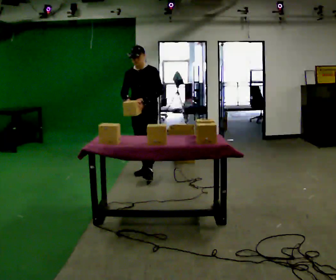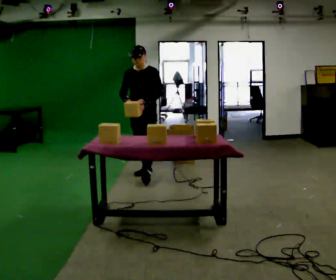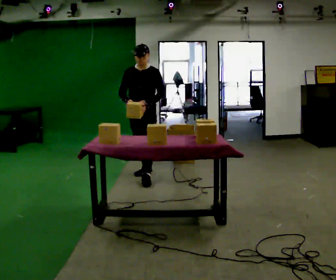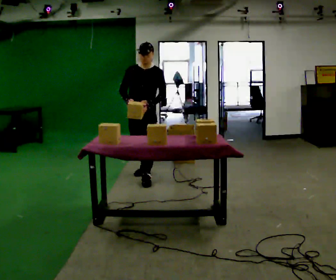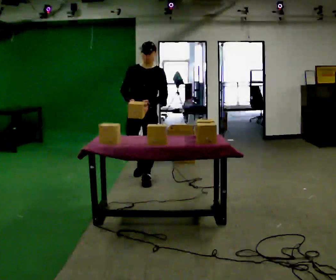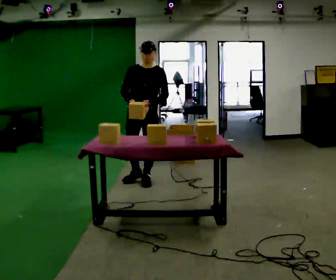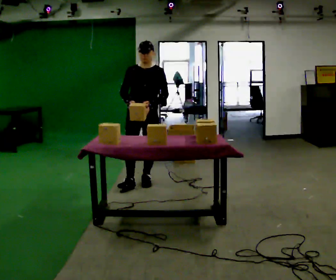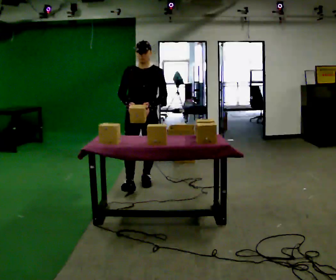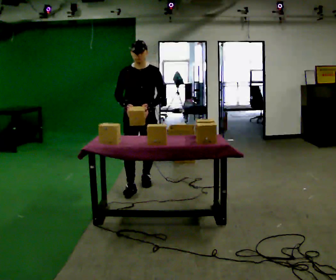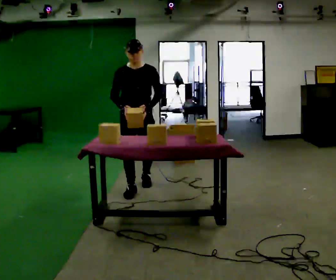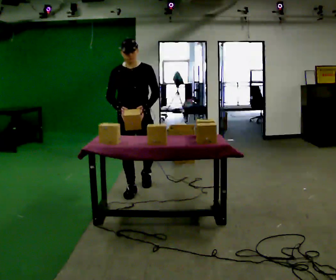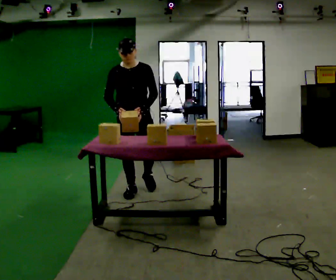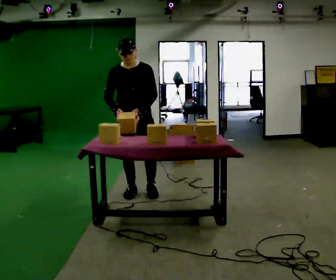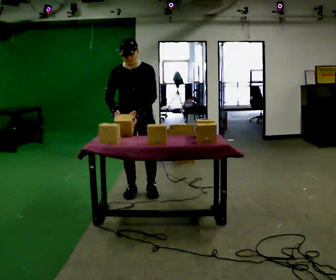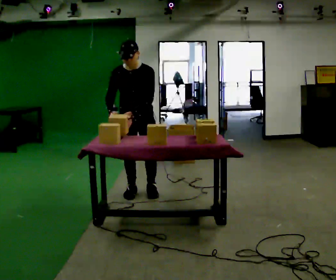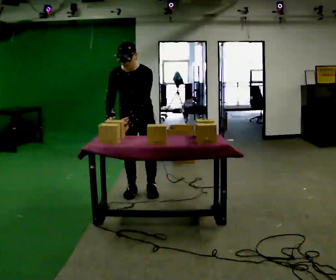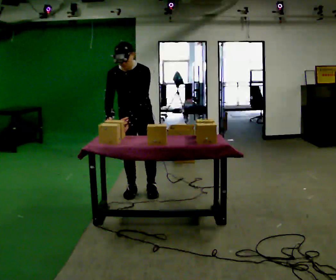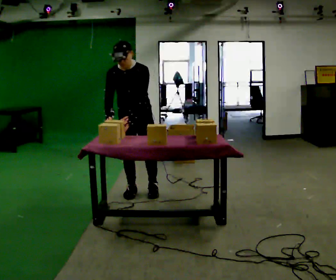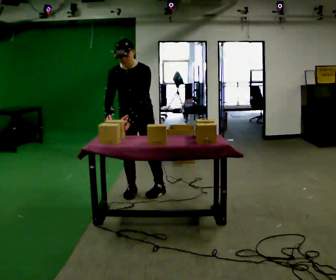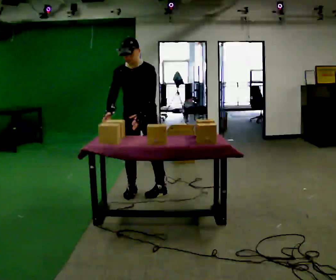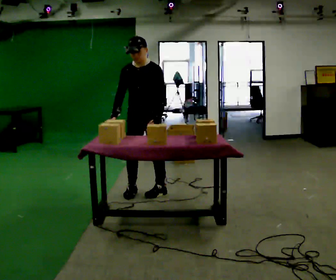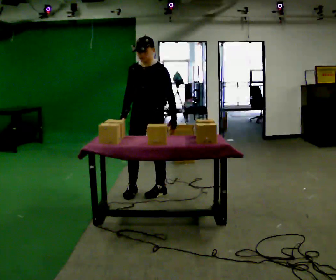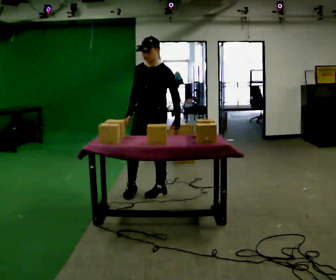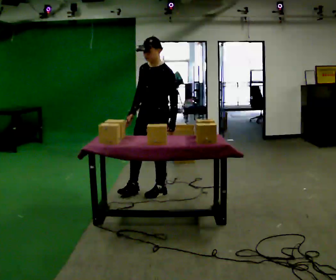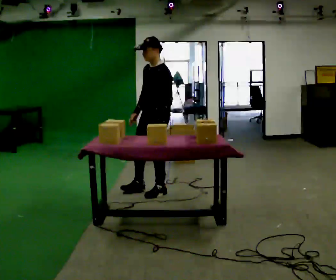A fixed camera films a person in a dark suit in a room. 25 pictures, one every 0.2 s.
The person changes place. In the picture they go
toward the camera.
0.0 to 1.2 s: In the picture they go toward the camera, about 0.5 m in 1 step, which for them is forward.
1.2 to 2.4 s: In the picture they go toward the camera, about 0.5 m in 2 steps, which for them is forward and to their right.
2.4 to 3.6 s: The person moves a little, or ends about where they began.
3.6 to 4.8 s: Seen from above the body turns clockwise, about 45 degrees: to their right, with its near side sliding to the left. In the picture they go to the right, about 0.25 m, which for them is to their left and backward.
The film runs forward here.
